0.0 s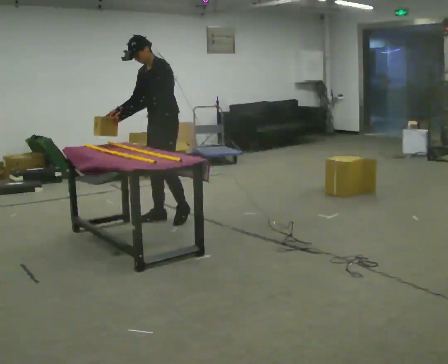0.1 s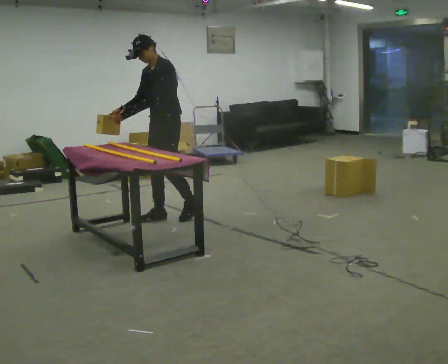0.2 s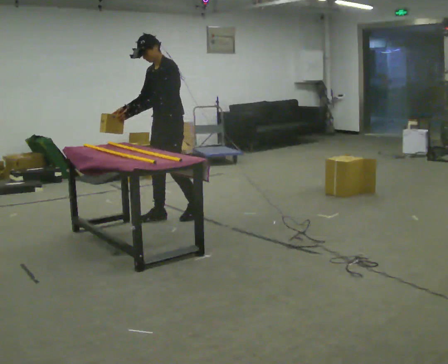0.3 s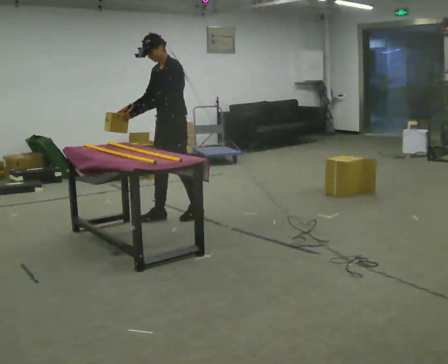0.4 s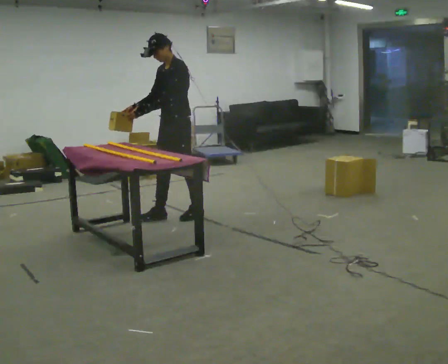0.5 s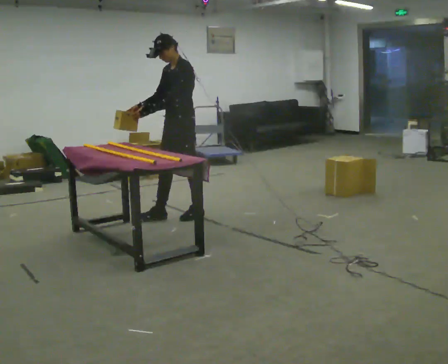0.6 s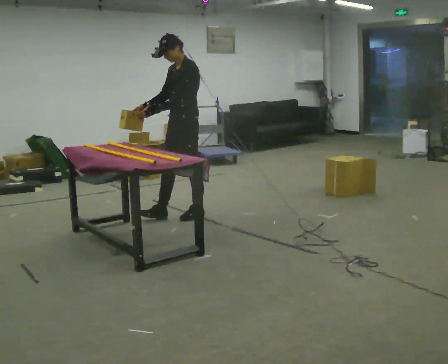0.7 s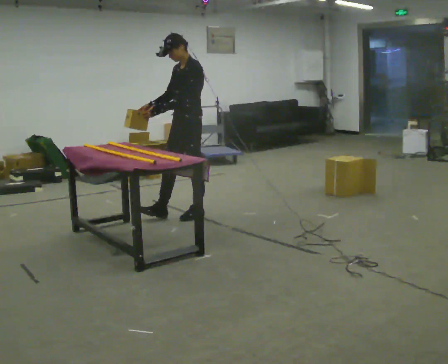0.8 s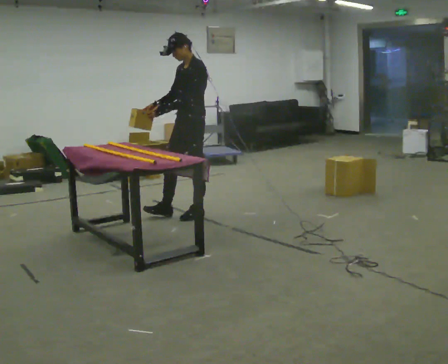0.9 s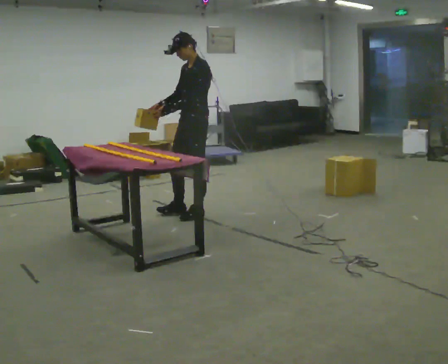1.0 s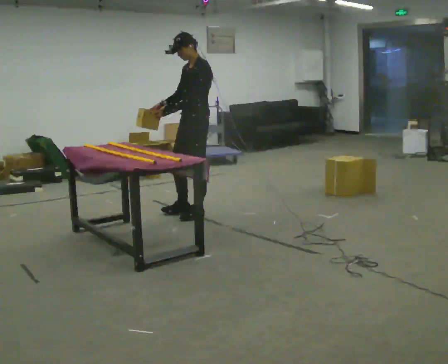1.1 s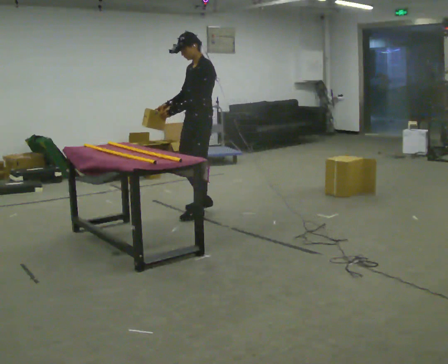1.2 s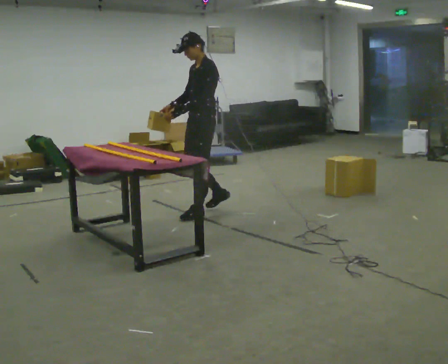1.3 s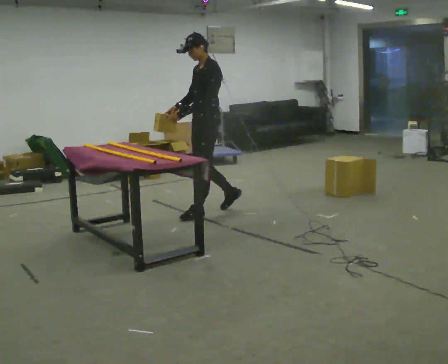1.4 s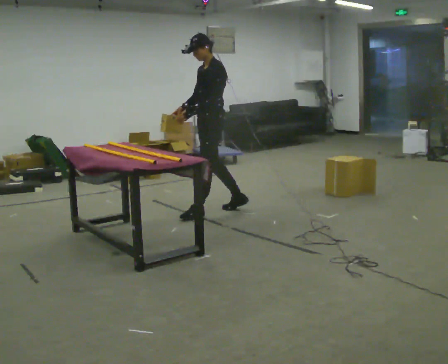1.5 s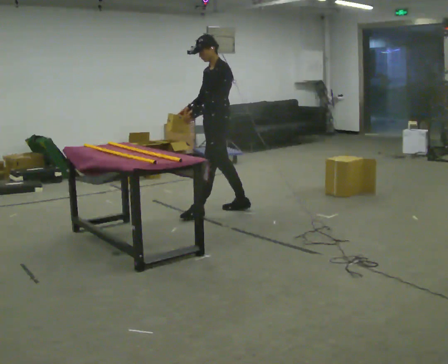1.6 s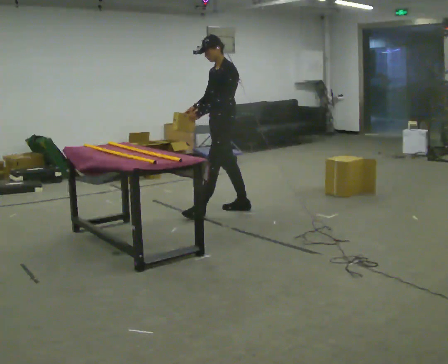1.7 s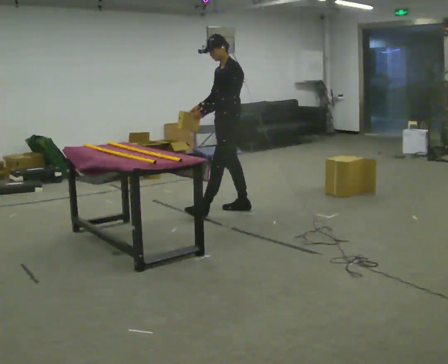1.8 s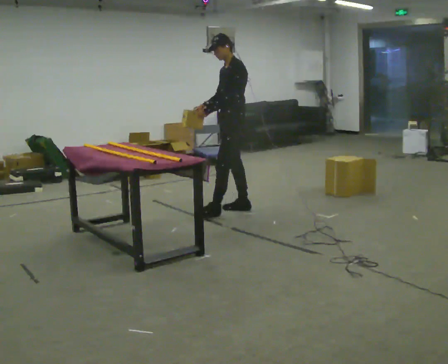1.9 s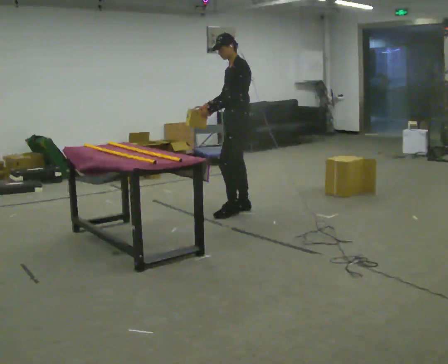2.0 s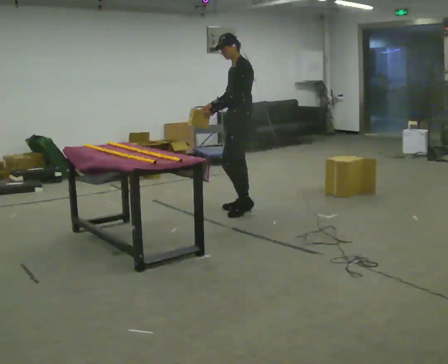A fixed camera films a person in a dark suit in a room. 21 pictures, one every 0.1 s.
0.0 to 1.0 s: In the picture they go to the right, about 0.25 m in 1 step, which for them is backward.
1.0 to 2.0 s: In the picture they go to the right and away from the camera, about 0.5 m in 1 step, which for them is backward.
The film runs backward here.
